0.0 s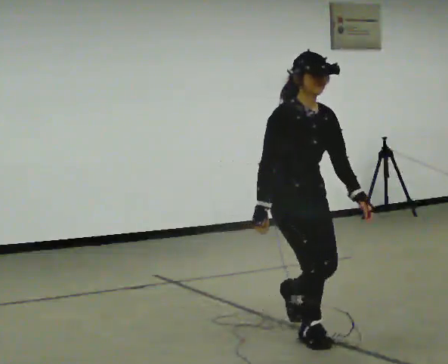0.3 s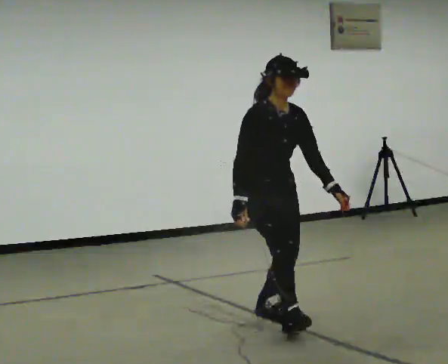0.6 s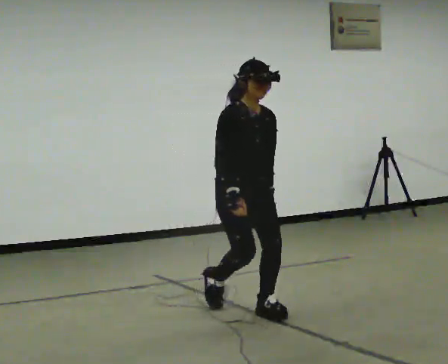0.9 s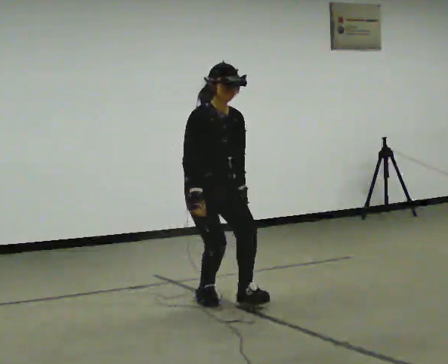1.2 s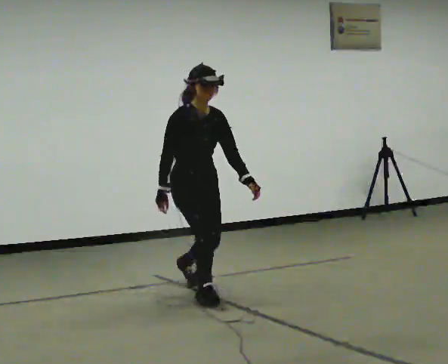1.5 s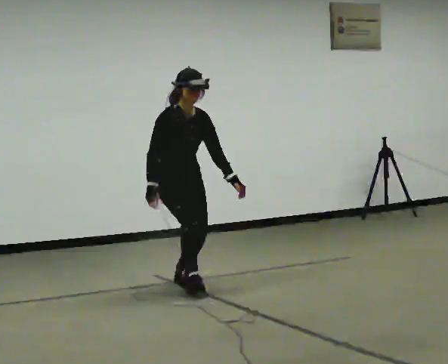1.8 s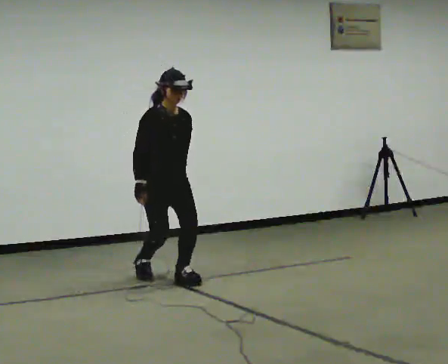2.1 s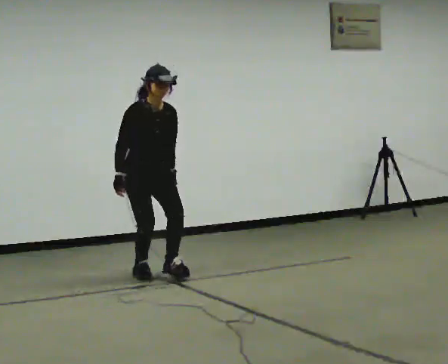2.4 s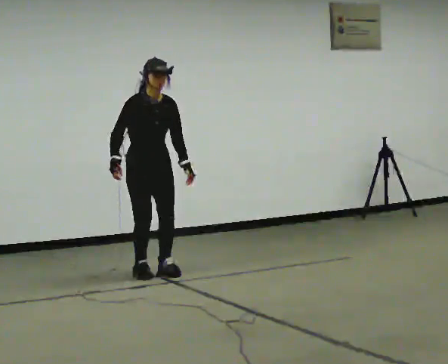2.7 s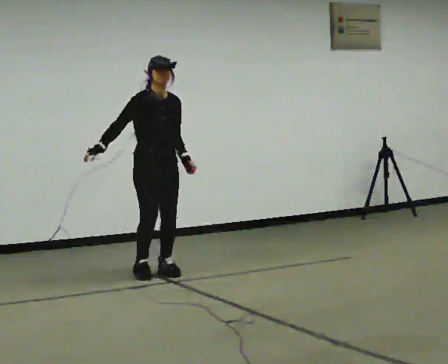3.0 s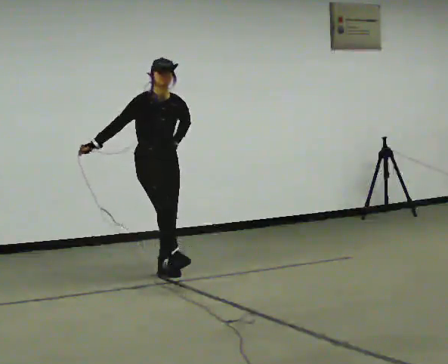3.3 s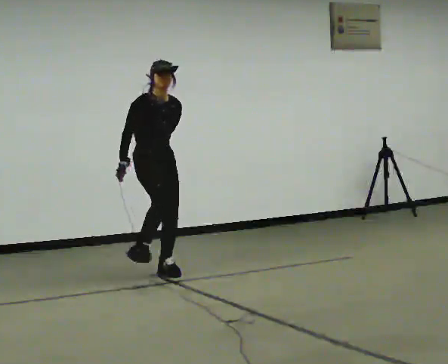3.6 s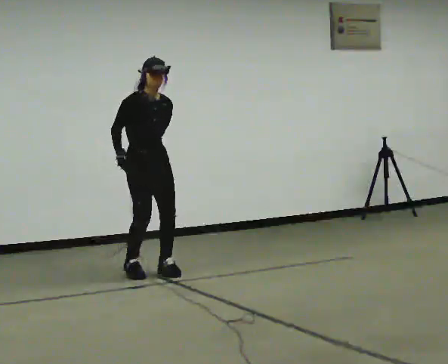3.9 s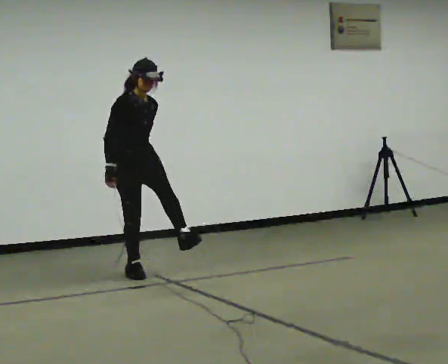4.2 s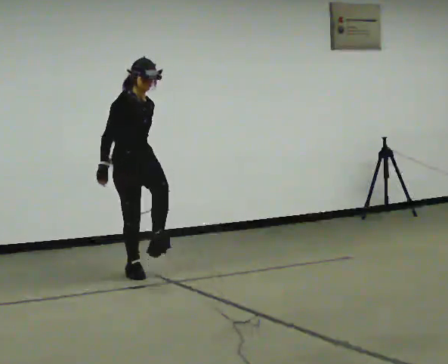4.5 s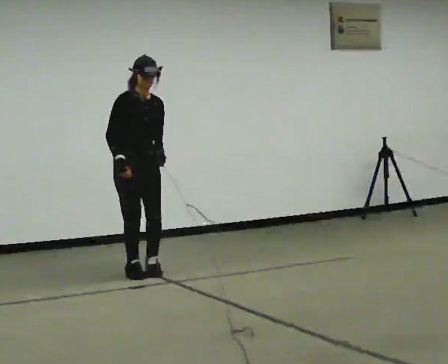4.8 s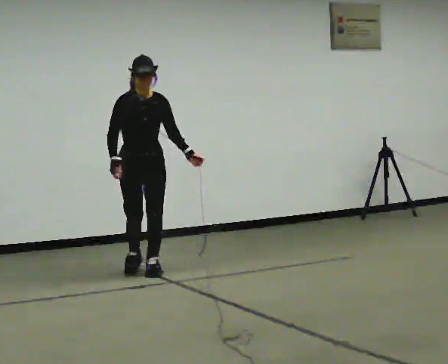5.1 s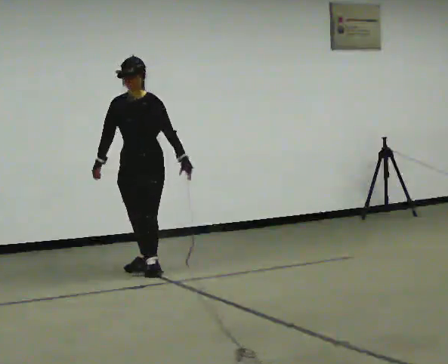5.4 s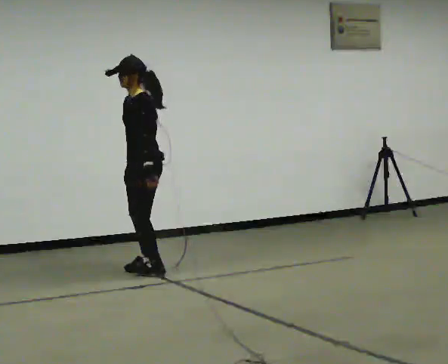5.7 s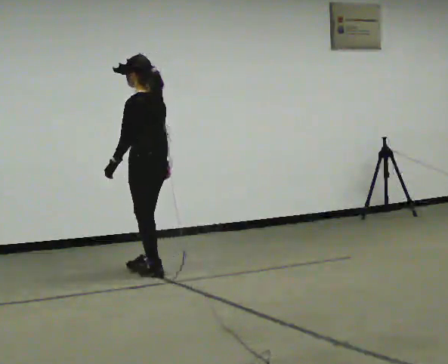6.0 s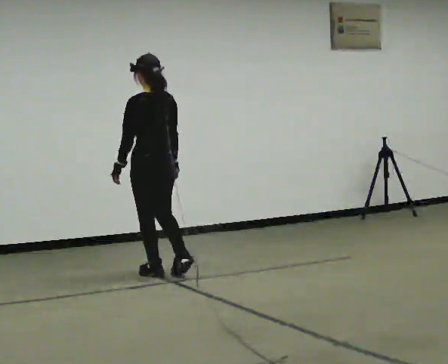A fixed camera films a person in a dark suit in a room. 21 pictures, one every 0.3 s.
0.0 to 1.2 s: In the picture they go away from the camera and to the left, about 1.5 m in 2 steps, which for them is backward.
1.2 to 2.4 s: In the picture they go away from the camera and to the left, about 1 m in 2 steps, which for them is backward.
2.4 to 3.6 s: In the picture their left hand goes to the left.
3.6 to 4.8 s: In the picture their left hand goes to the right, the arm swinging counterclockwise.
4.8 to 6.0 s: The part of the body nearest the lens slides to the left as the person turns to their right by about 165 degrees. In the picture their left hand goes to the left, the arm swinging clockwise.
The film runs backward here.
